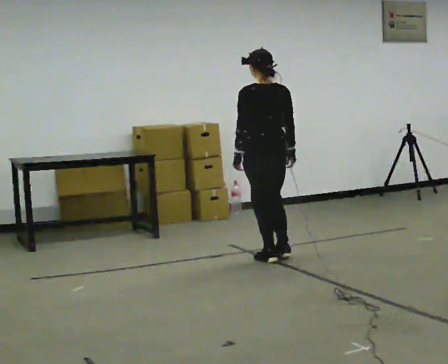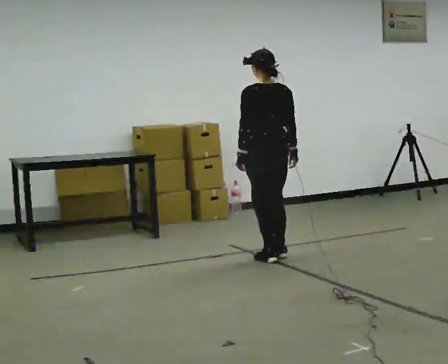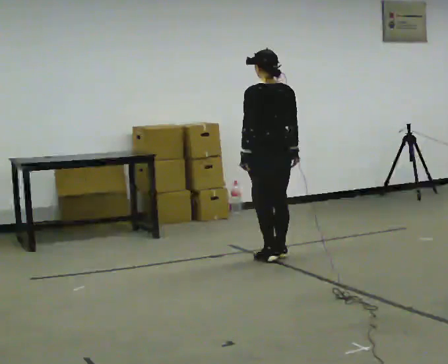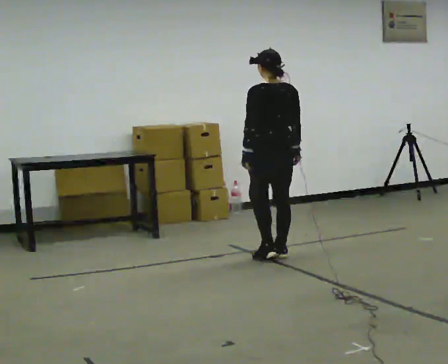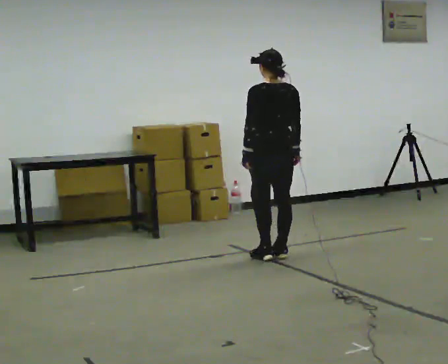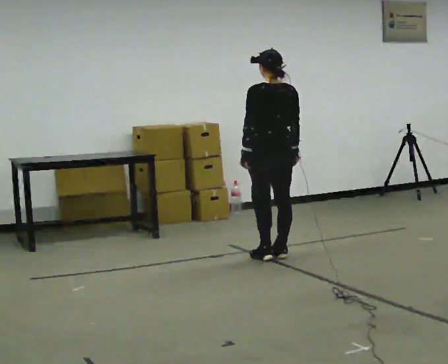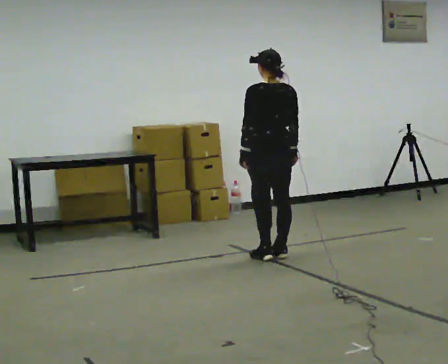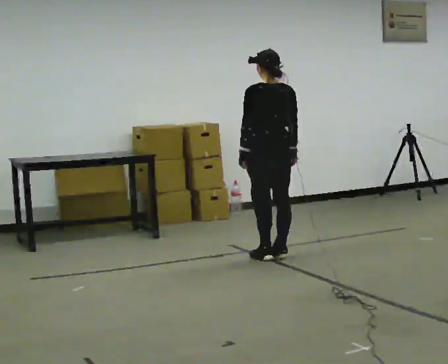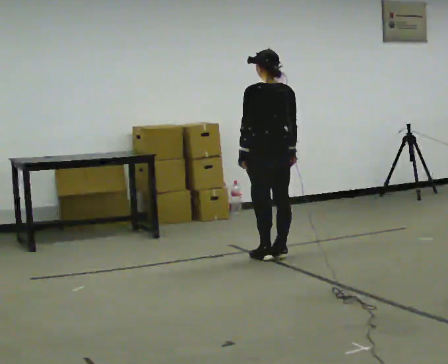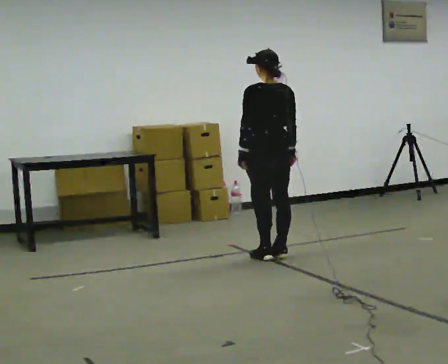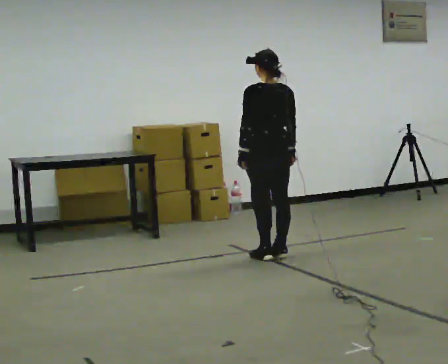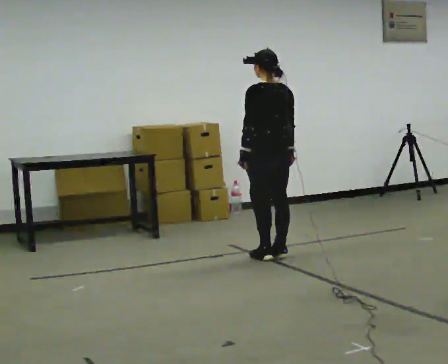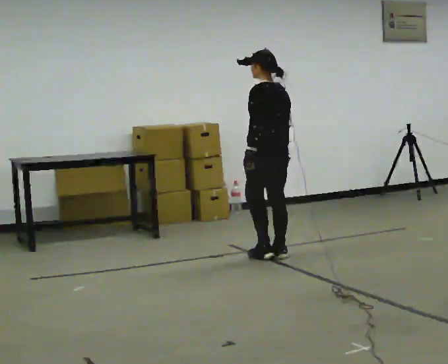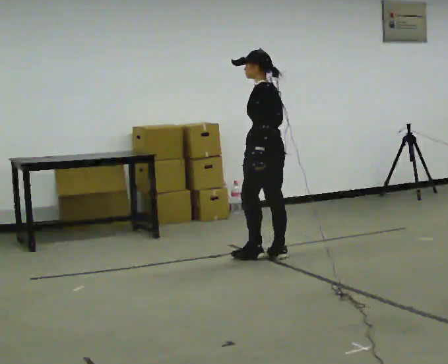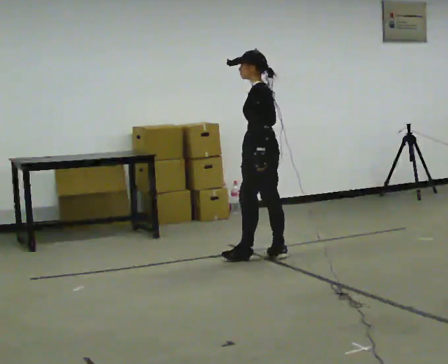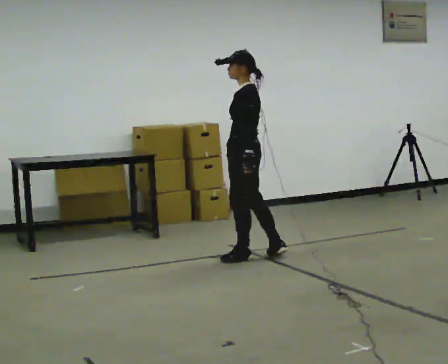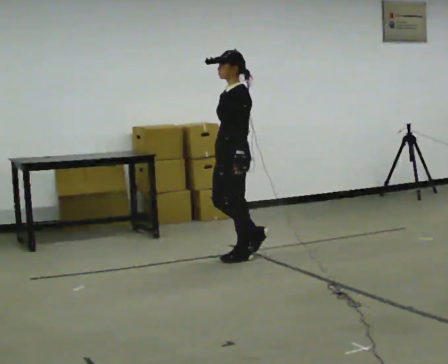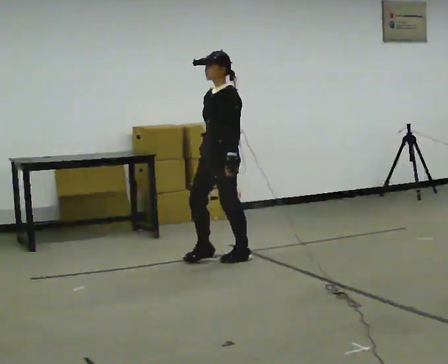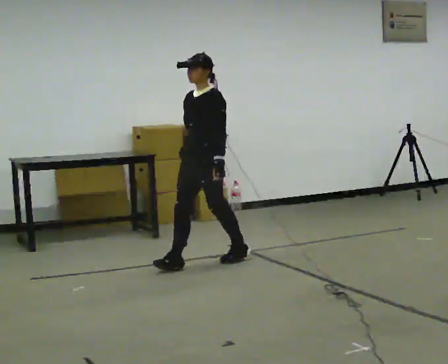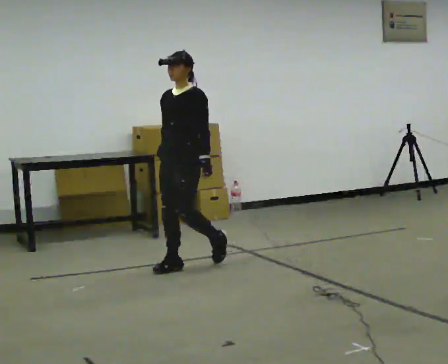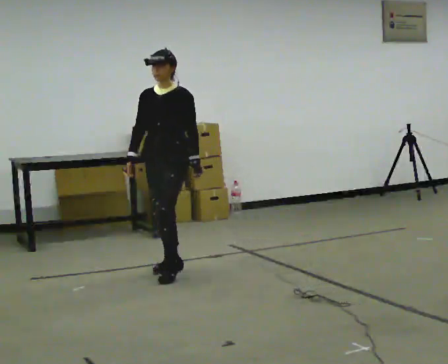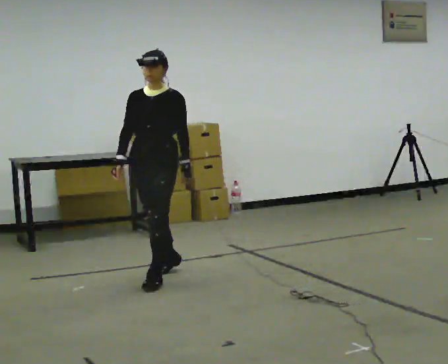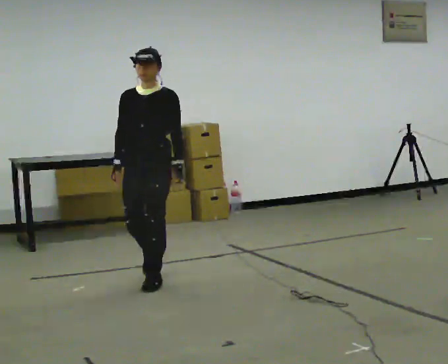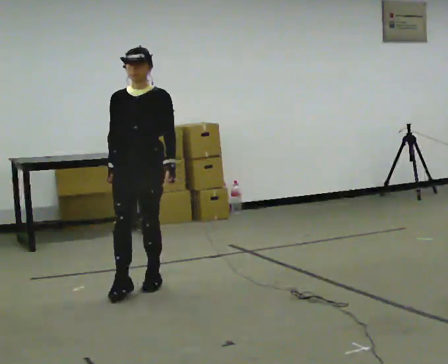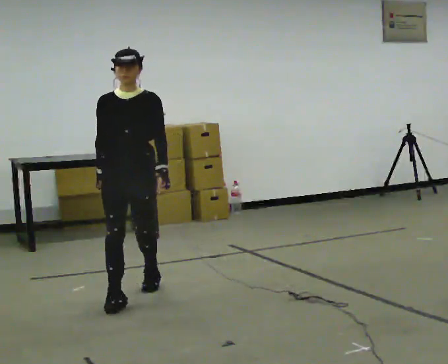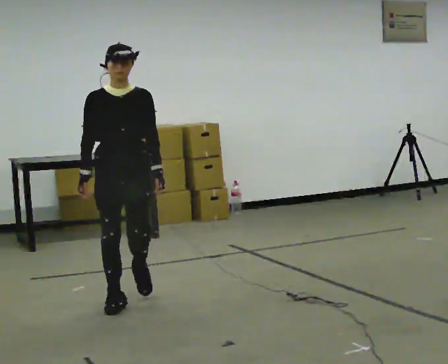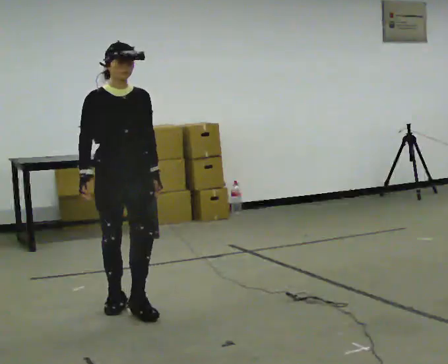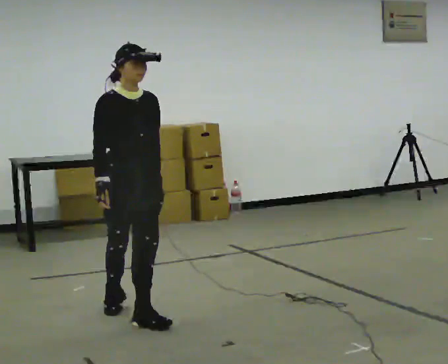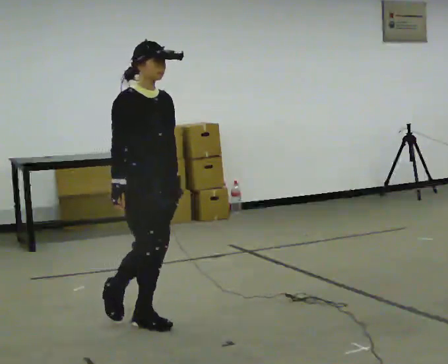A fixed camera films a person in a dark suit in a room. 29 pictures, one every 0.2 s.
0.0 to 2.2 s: The person moves a little, or ends about where they began.
2.2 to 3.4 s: The part of the body nearest the lens slides to the right as the person turns to their left by about 90 degrees. In the picture they go to the left, about 0.5 m in 1 step.
3.4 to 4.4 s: Seen from above the body turns counterclockwise, about 45 degrees: to their left, with its near side sliding to the right. In the picture they go toward the camera and to the left, about 1 m in 2 steps, which for them is forward.
4.4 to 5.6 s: The part of the body nearest the lens slides to the right as the person turns to their left by about 75 degrees. In the picture they go toward the camera, about 1 m in 2 steps.
The film runs forward here.
